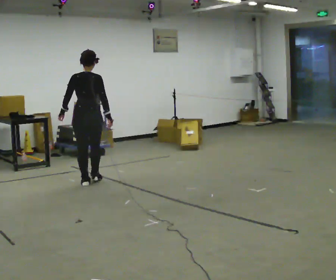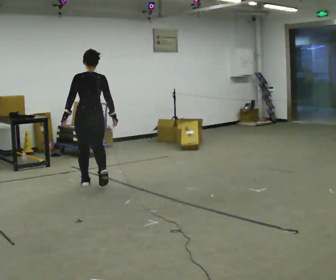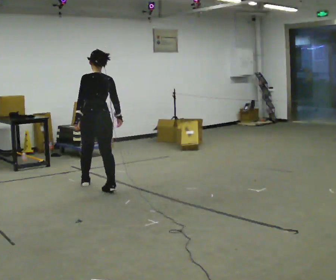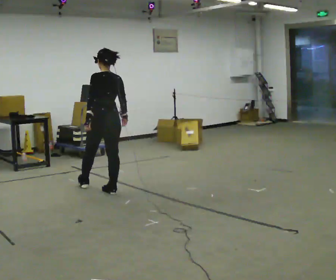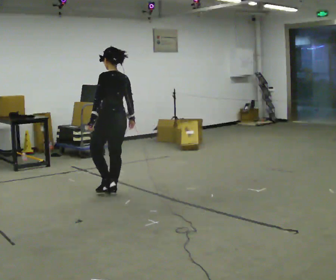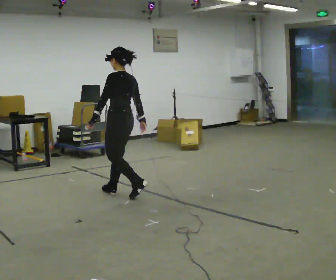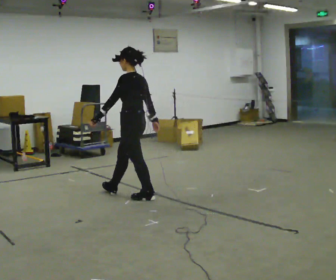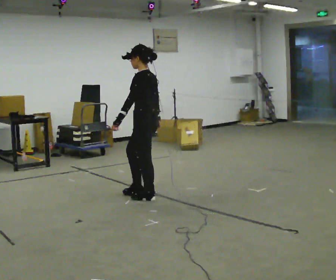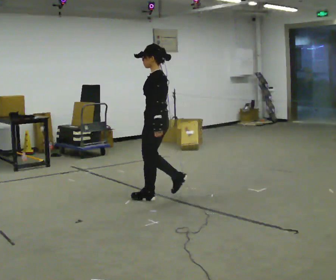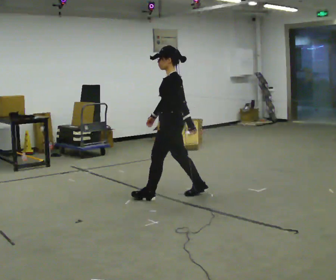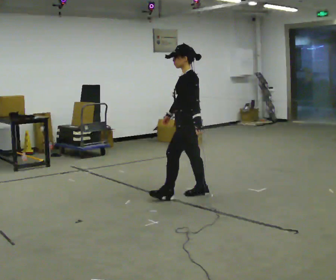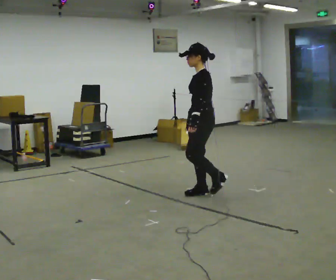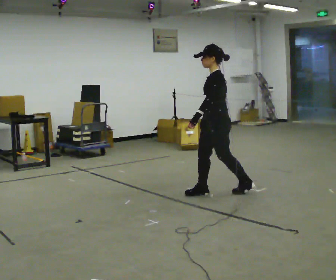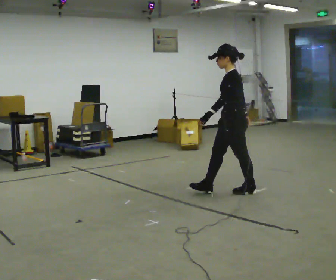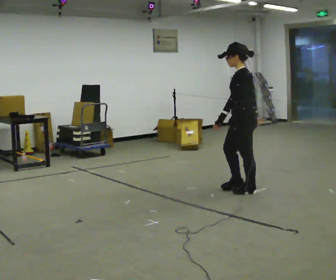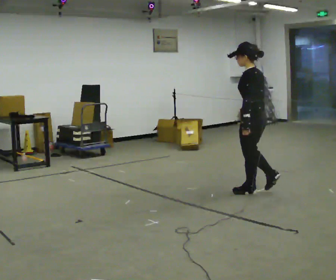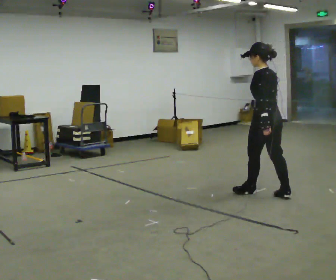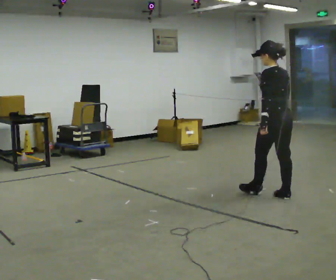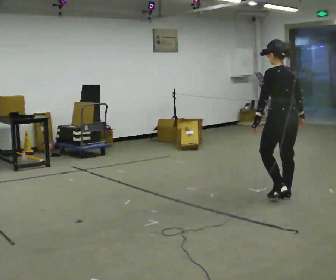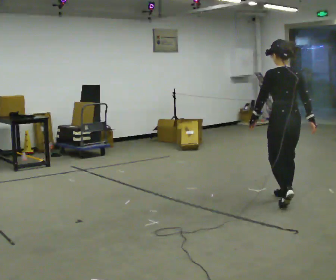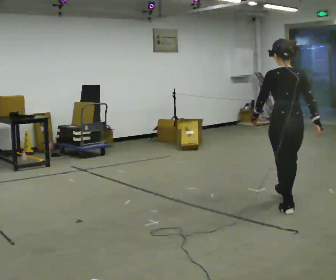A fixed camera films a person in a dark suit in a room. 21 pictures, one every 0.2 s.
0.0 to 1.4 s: Seen from above the body turns counterclockwise, about 75 degrees: to their left, with its near side sliding to the right. In the picture they go to the right and toward the camera, about 1 m in 2 steps.
1.4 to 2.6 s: In the picture they go to the right, about 1 m in 2 steps, which for them is backward.
2.6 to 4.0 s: The part of the body nearest the lens slides to the left as the person turns to their right by about 90 degrees. In the picture they go toward the camera and to the right, about 0.75 m in 2 steps.
The film runs backward here.
